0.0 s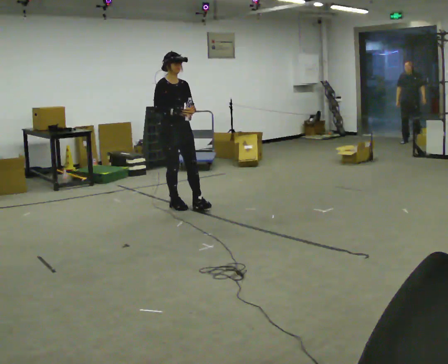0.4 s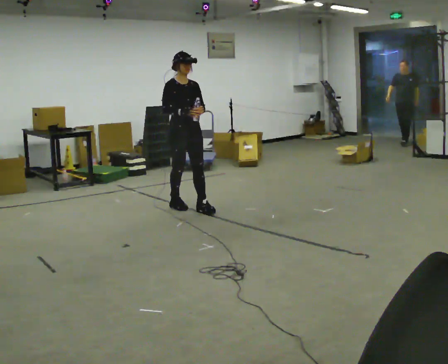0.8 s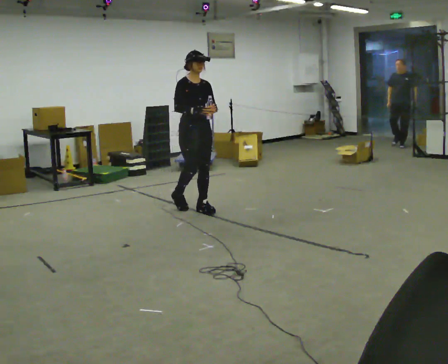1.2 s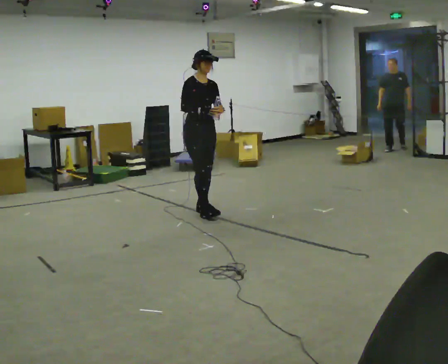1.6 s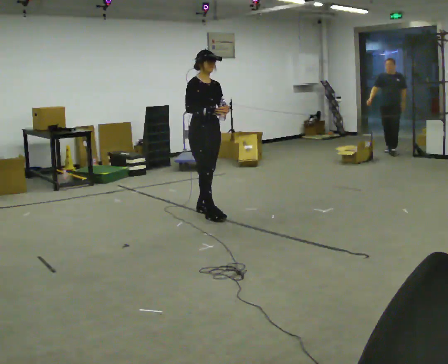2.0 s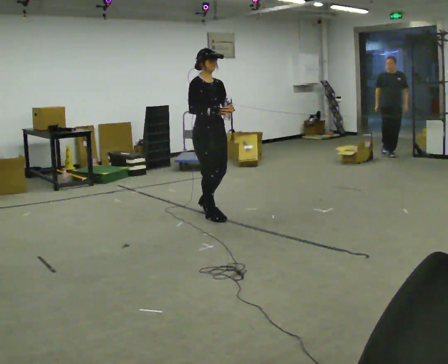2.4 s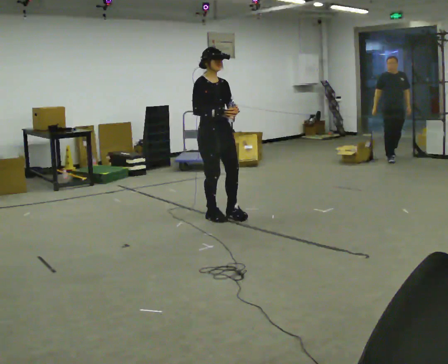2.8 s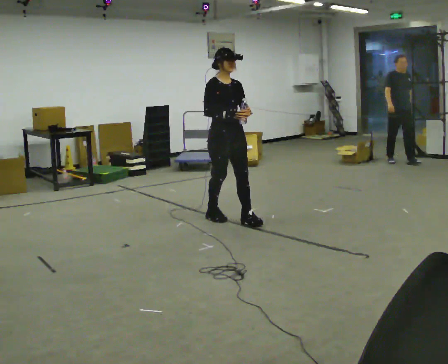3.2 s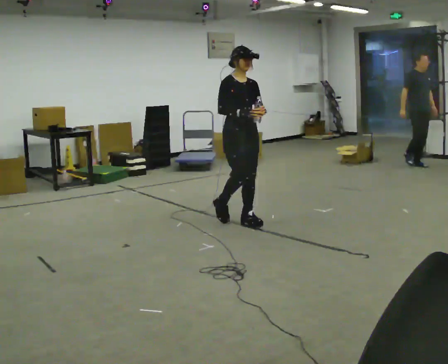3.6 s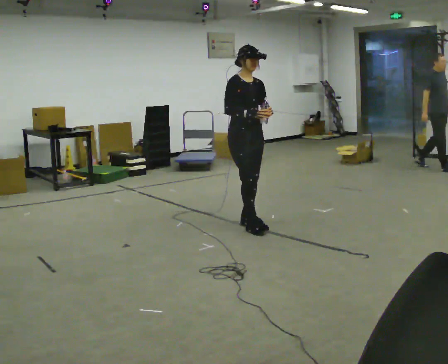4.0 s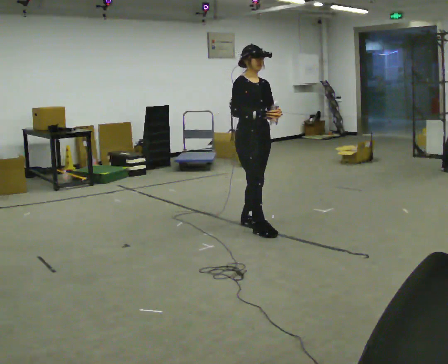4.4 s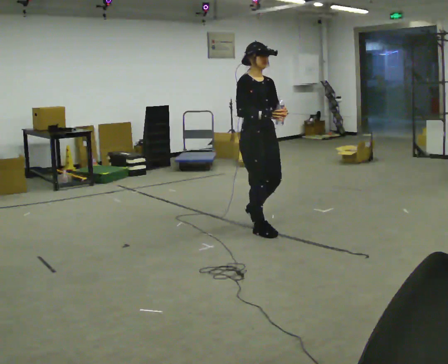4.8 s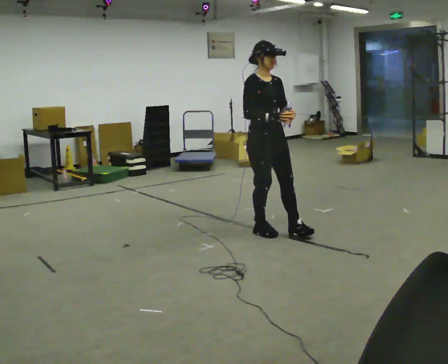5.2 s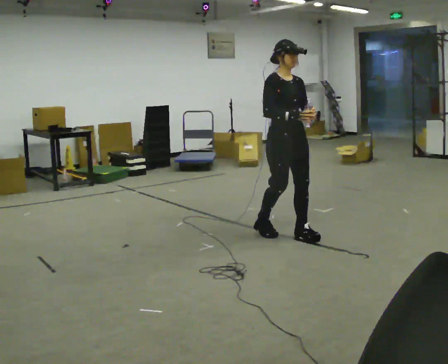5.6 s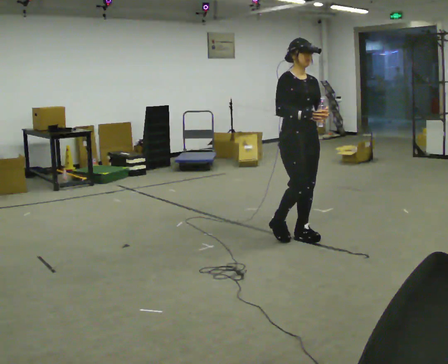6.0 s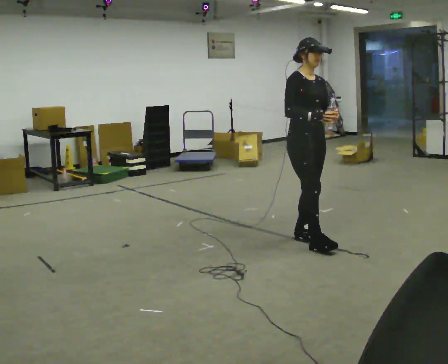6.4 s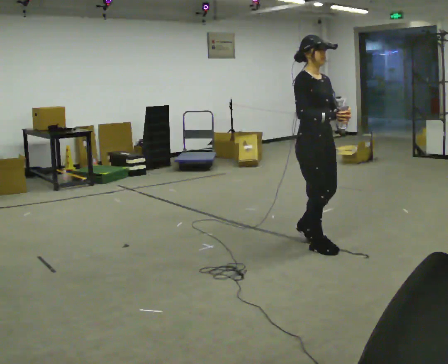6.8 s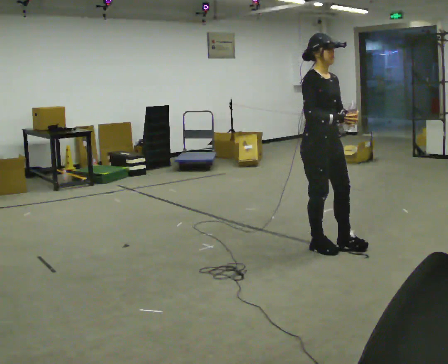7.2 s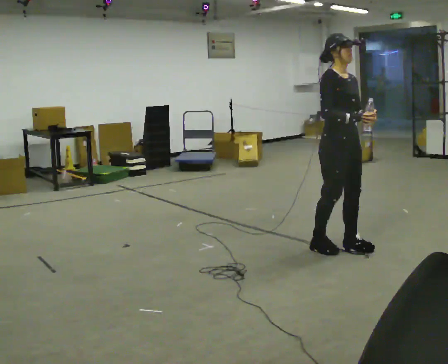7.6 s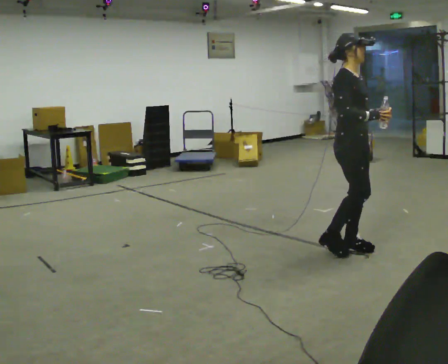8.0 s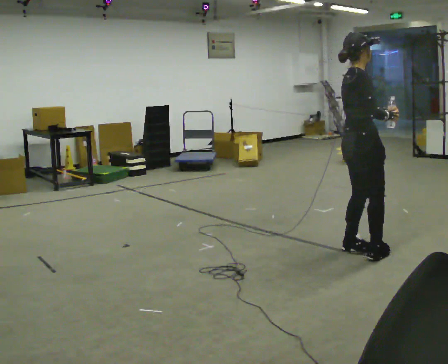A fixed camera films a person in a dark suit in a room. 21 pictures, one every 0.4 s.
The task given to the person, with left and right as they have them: Carry the open container of water across the room without spilling it, back and forth.
0.0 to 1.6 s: In the picture they go to the right and toward the camera, about 0.5 m in 2 steps, which for them is forward.
1.6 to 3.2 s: In the picture they go to the right and toward the camera, about 0.5 m in 1 step, which for them is forward.
3.2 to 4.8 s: In the picture they go toward the camera and to the right, about 0.5 m in 1 step, which for them is forward.
4.8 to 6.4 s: In the picture they go toward the camera and to the right, about 0.5 m in 2 steps, which for them is forward.
6.4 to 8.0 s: Seen from above the body turns counterclockwise, about 45 degrees: to their left, with its near side sliding to the right. In the picture they go to the right and toward the camera, about 0.25 m in 2 steps, which for them is forward.
The film runs forward here.
